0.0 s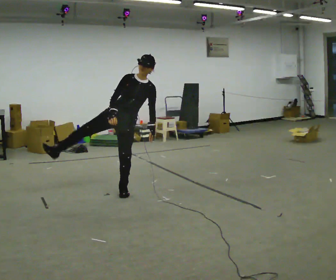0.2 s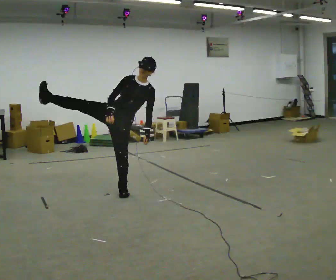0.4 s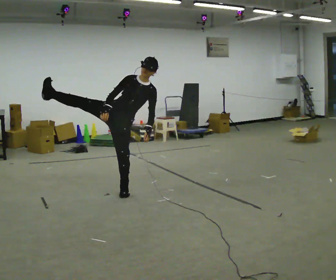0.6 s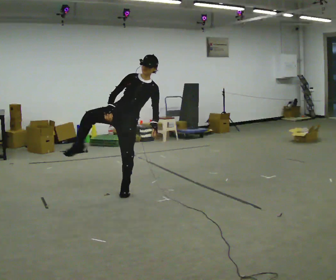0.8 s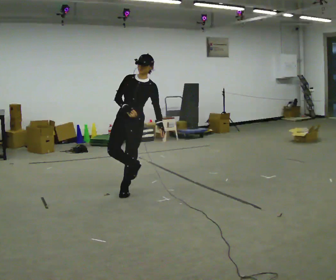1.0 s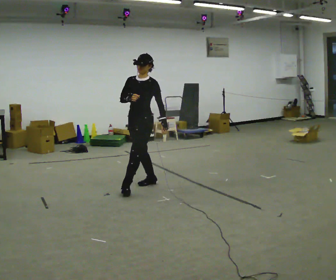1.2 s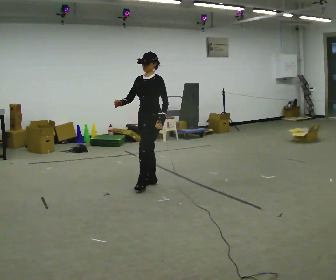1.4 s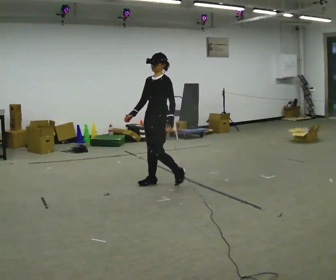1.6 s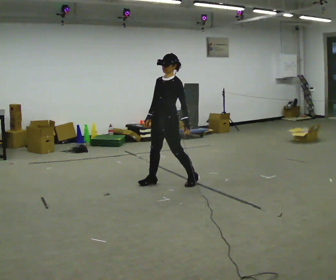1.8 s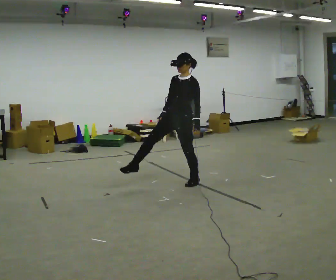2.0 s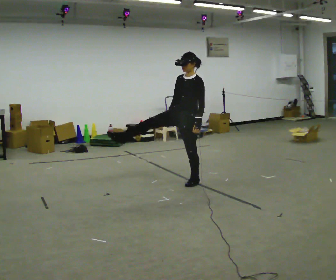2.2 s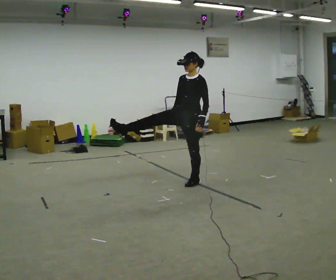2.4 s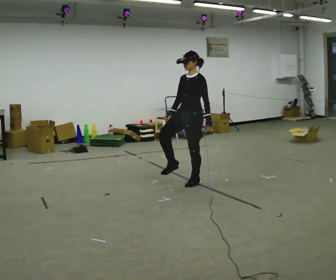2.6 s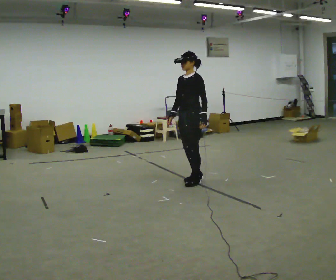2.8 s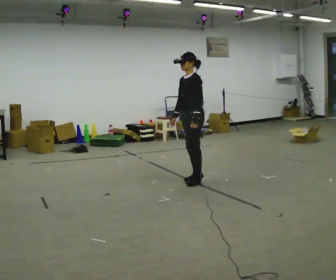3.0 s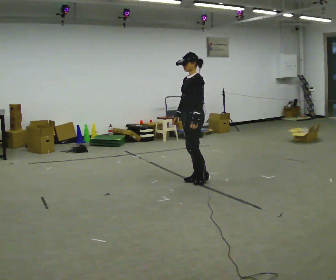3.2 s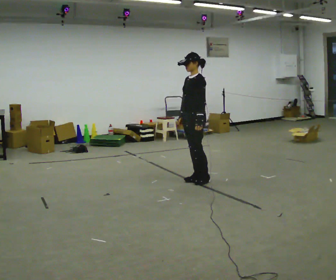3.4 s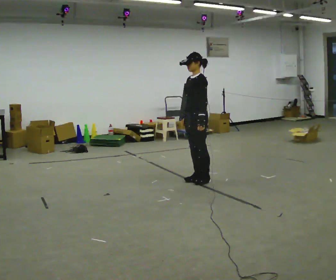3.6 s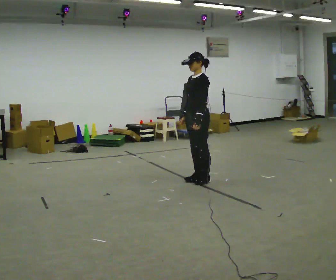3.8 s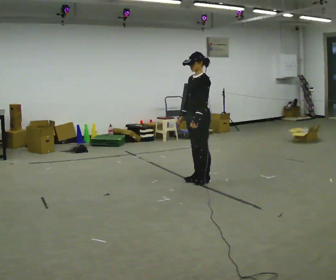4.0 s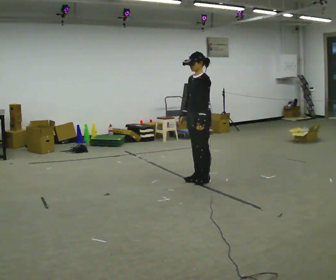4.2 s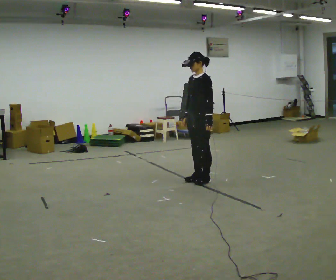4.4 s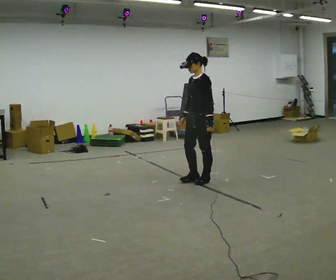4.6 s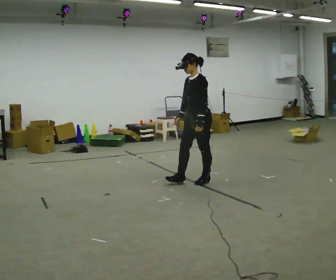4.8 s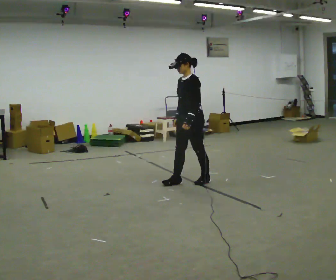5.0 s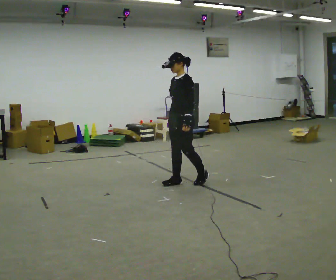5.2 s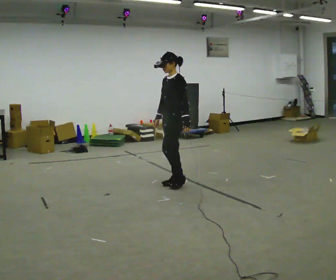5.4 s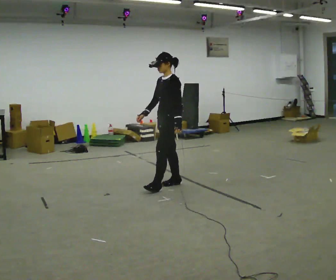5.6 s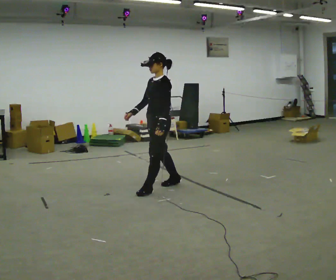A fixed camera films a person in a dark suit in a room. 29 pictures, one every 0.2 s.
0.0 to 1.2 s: Seen from above the body turns clockwise, about 45 degrees: to their right, with its near side sliding to the left. In the picture they go away from the camera and to the right, about 0.5 m in 2 steps, which for them is to their left and backward.
1.2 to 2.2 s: In the picture they go to the right, about 0.5 m in 1 step, which for them is backward and to their left.
2.2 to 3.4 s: The person turns about 30 degrees to their right, clockwise seen from above, so the part of the body nearest the lens slides to the left.
3.4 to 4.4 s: The person moves a little, or ends about where they began.
4.4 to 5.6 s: In the picture they go to the left and toward the camera, about 0.5 m in 1 step, which for them is forward.
The film runs backward here.
